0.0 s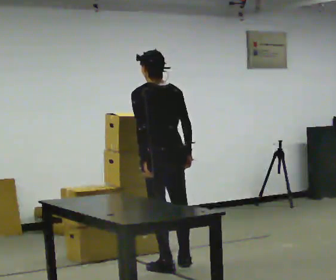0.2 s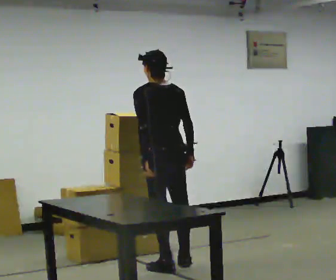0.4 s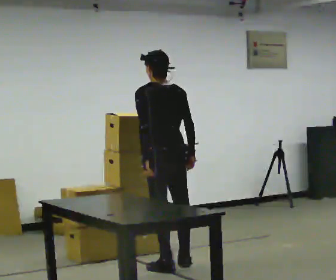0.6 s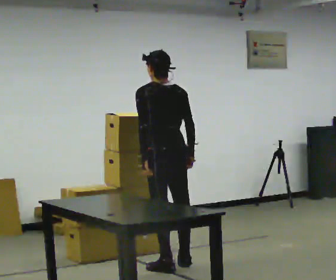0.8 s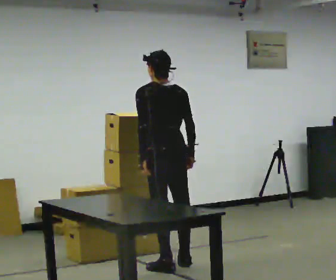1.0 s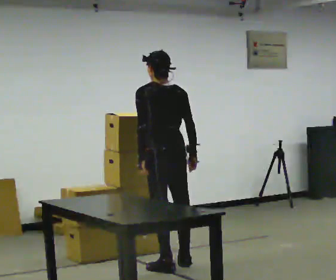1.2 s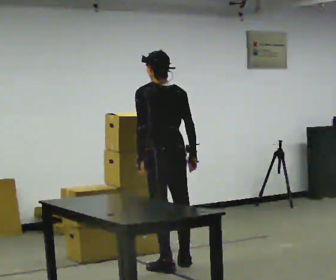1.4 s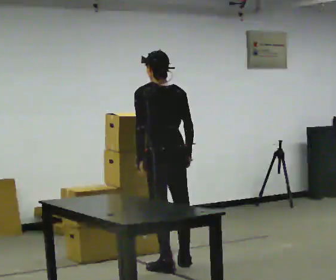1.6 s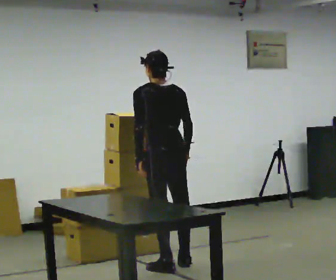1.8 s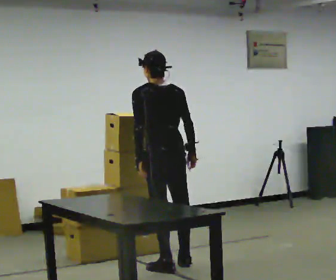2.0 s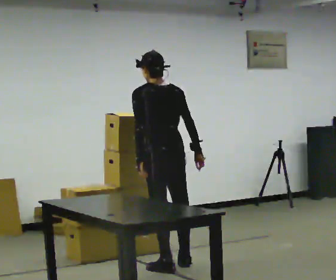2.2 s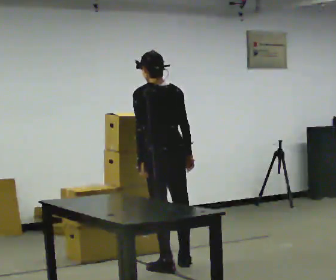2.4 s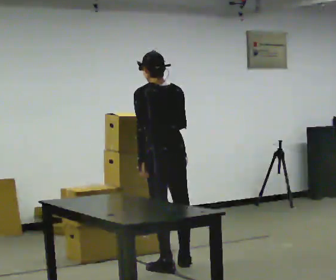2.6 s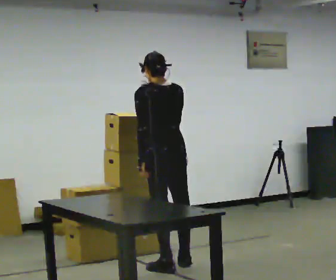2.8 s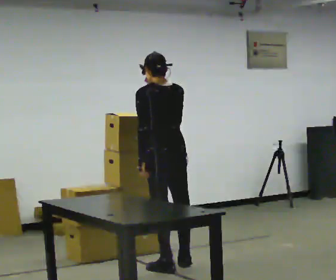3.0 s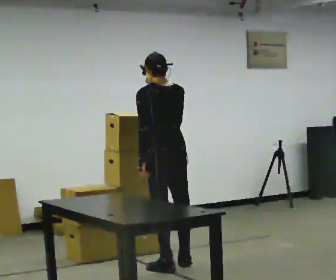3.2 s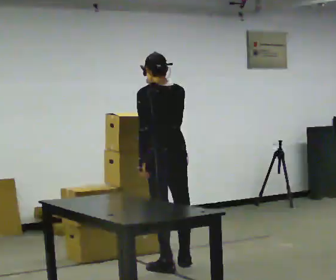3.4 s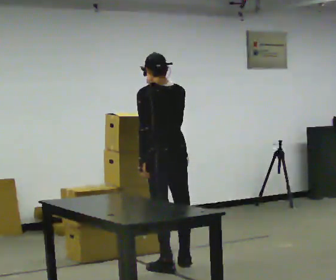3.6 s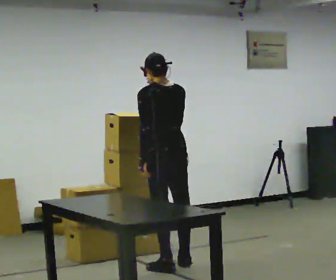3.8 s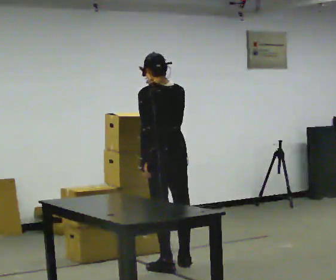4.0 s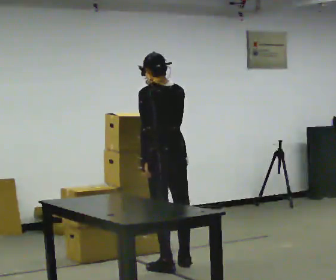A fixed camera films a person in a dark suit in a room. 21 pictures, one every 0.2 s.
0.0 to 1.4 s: The person moves a little, or ends about where they began.
1.4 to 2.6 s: In the picture their right hand goes upward.
2.6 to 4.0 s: The person moves a little, or ends about where they began.
The film runs backward here.
